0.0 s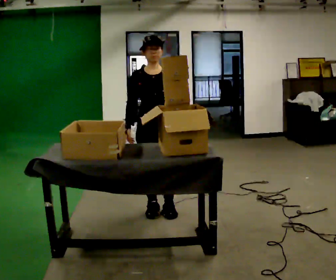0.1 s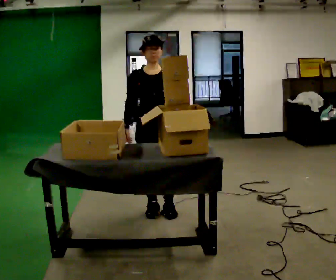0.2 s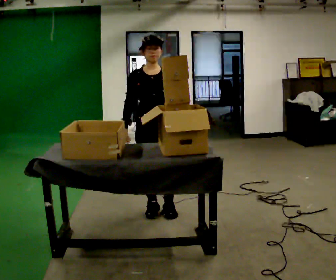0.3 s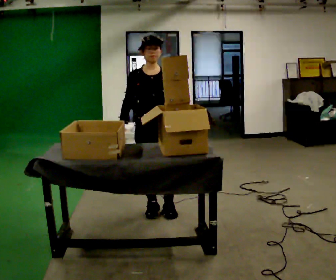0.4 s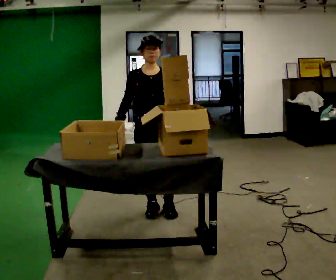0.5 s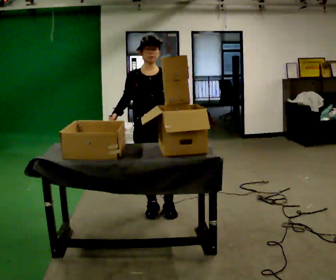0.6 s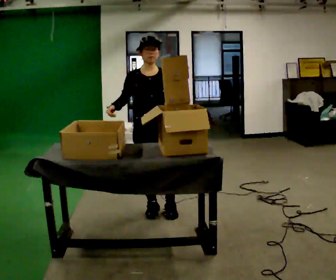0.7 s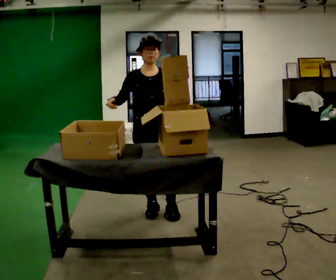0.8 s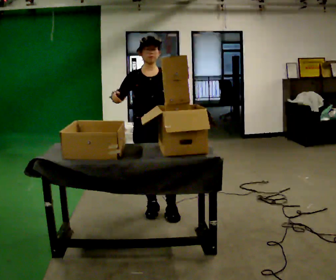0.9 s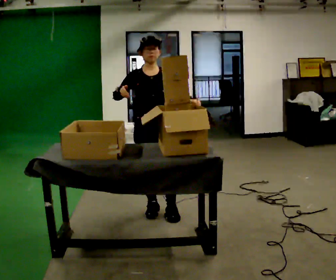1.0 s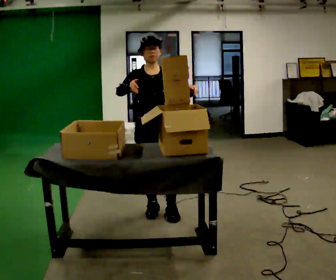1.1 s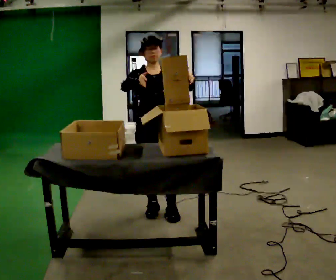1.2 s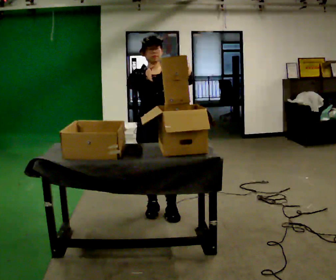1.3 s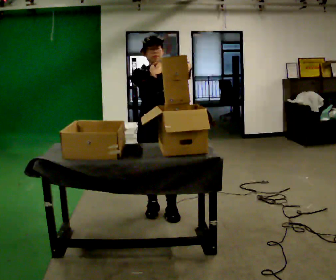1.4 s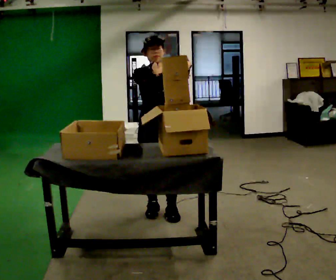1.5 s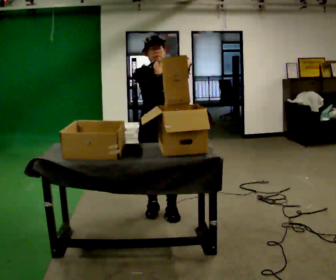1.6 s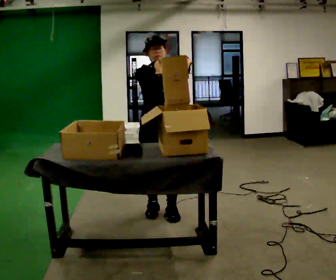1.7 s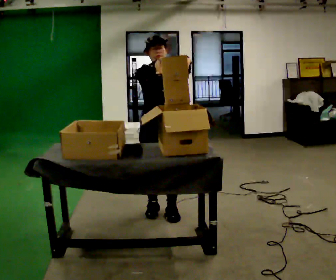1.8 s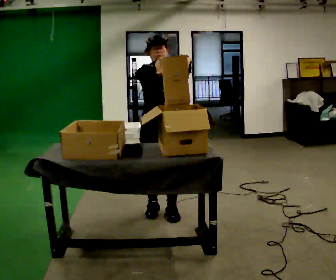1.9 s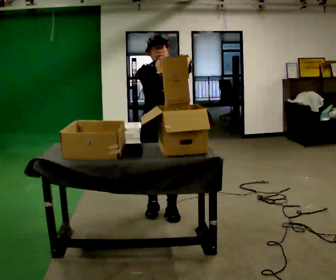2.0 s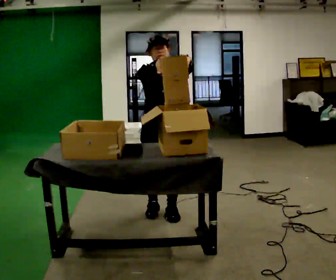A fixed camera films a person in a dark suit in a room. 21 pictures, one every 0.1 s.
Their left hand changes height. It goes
upward.
Their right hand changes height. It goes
upward.
0.0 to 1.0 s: In the picture their right hand goes upward.
1.0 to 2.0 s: The person moves a little, or ends about where they began.
The film runs backward here.
